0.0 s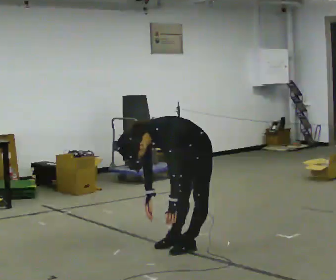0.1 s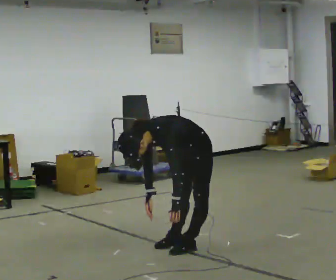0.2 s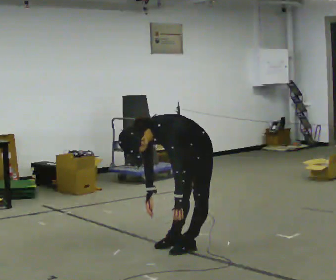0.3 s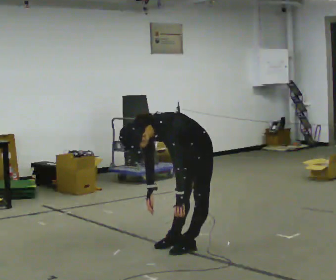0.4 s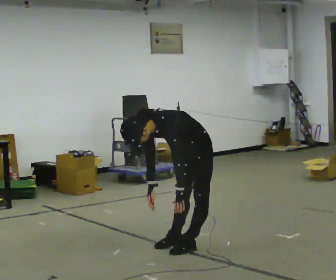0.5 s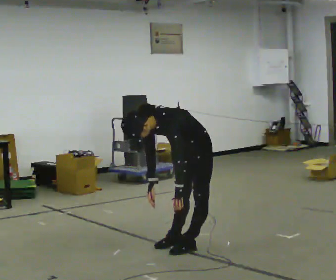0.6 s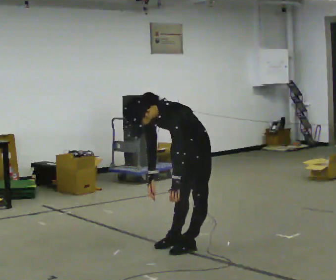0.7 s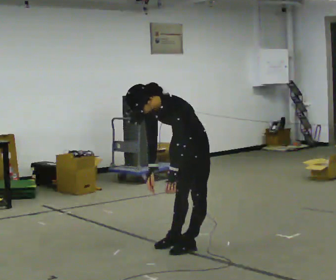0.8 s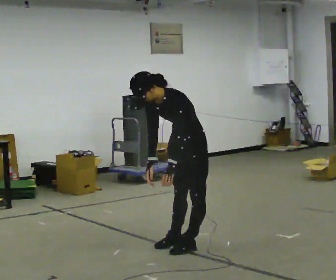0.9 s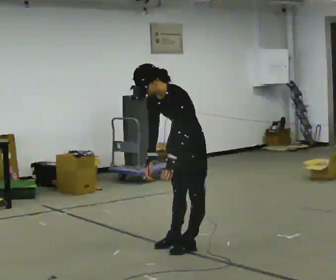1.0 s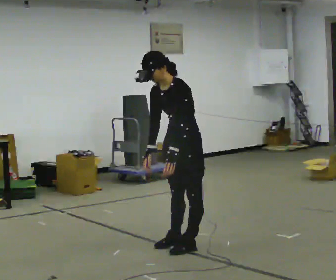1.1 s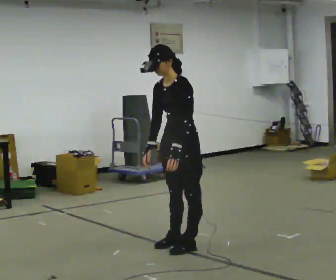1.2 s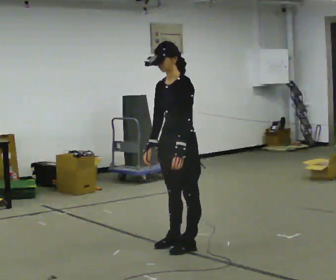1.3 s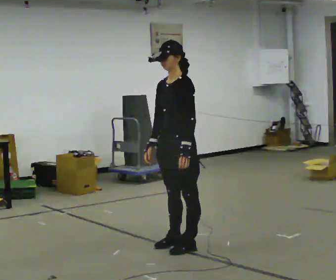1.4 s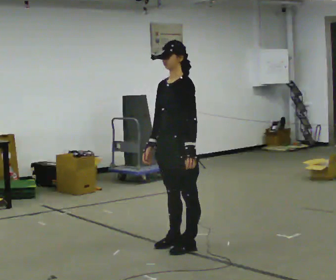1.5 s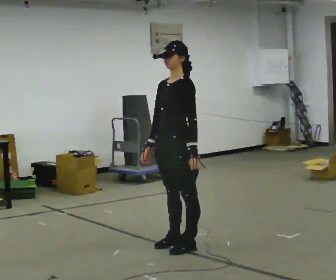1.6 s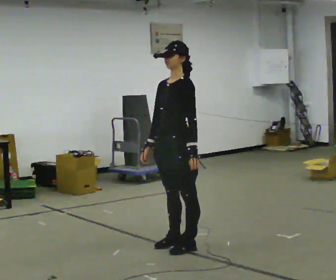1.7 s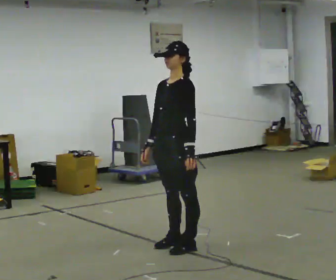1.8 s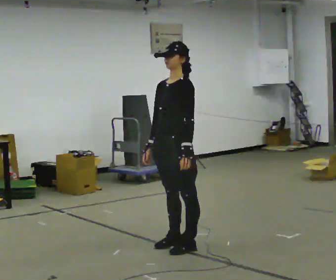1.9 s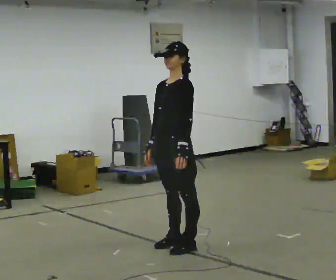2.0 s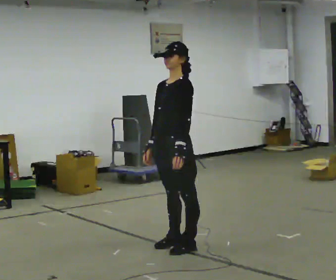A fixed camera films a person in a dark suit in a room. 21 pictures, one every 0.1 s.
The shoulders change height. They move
upward.
0.0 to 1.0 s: The shoulders move upward. In the picture the upper body tilts clockwise, shoulders to the right, as they lean back or straighten. In the picture their left hand goes upward.
1.0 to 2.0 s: The upper body tips away from the camera, its near side rolling upward, as they lean back or straighten.
The film runs forward here.
